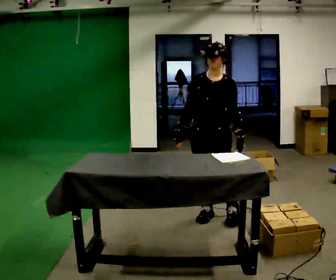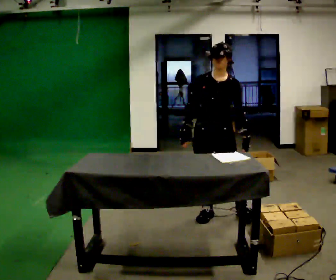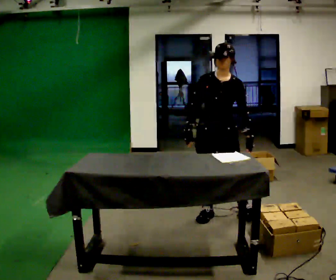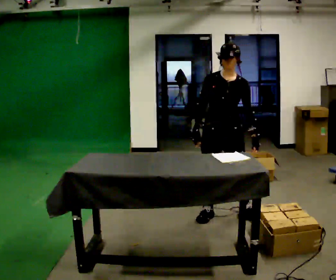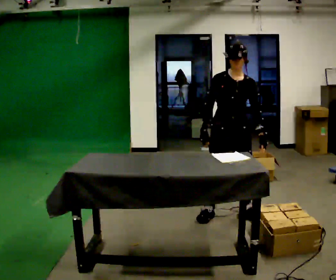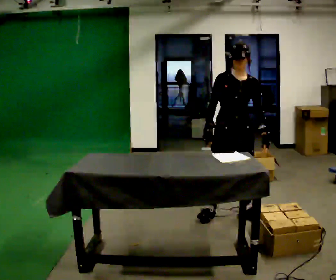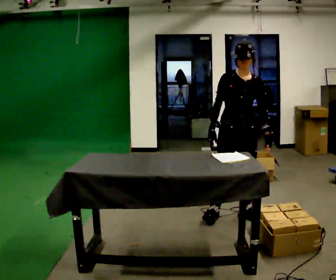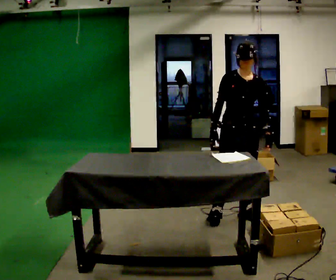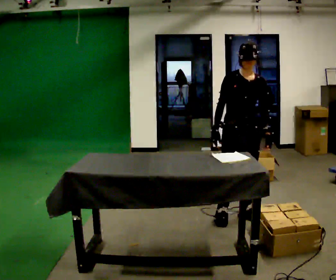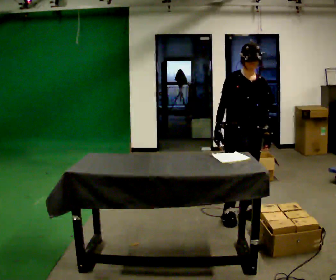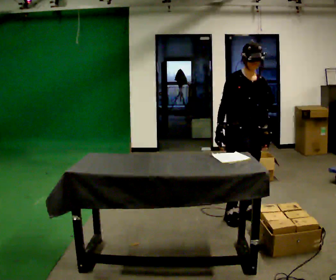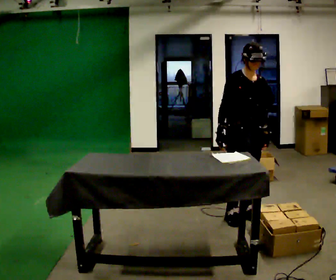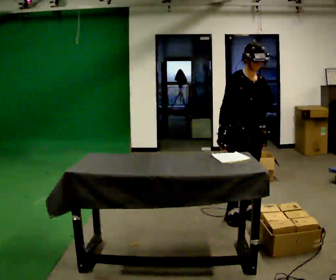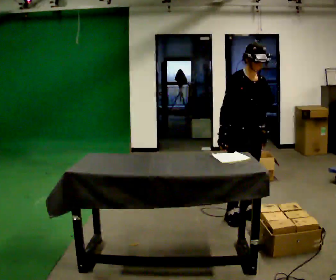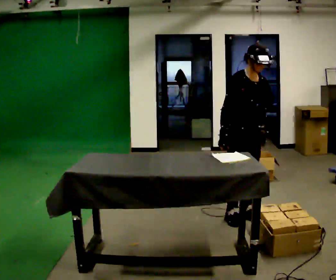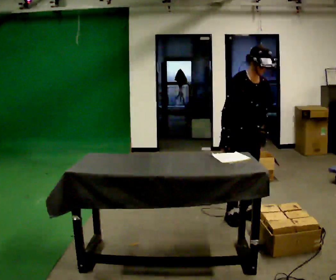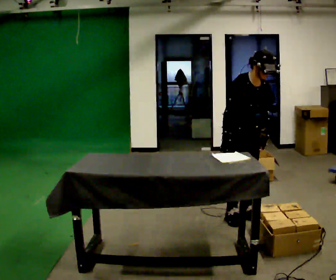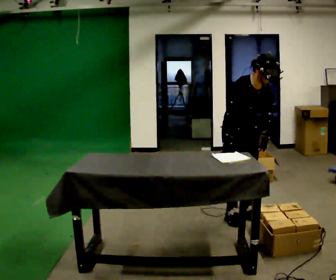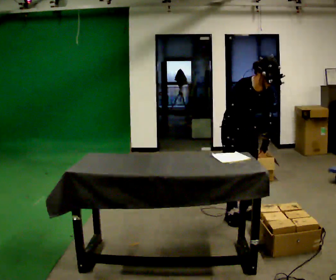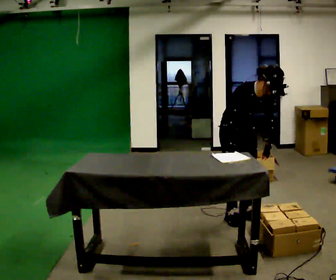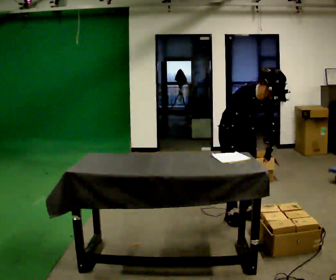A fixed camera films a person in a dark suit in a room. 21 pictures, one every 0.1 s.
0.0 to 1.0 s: The person turns about 45 degrees to their left, counterclockwise seen from above, so the part of the body nearest the lens slides to the right. In the picture they go to the right, about 0.25 m in 1 step, which for them is to their left.
1.0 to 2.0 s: The upper body tips toward the camera, its near side rolling downward, as they bend forward.
The film runs backward here.
